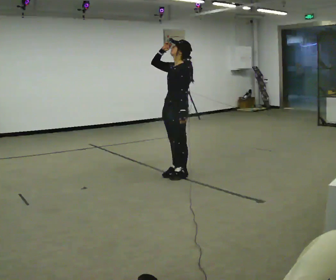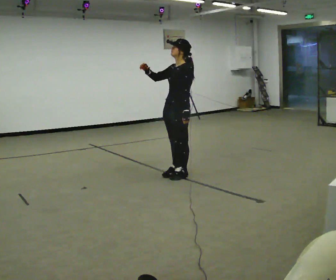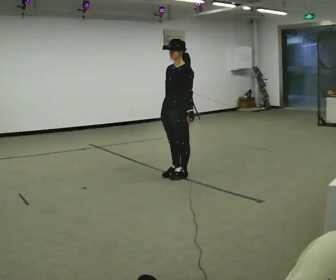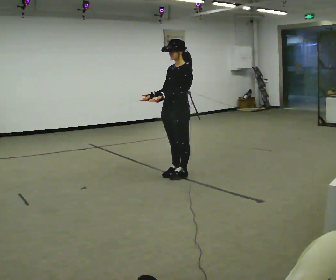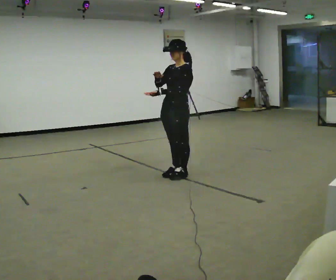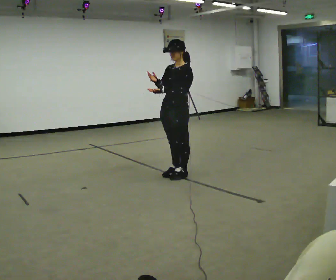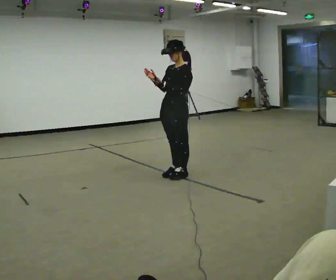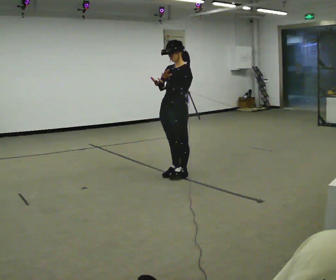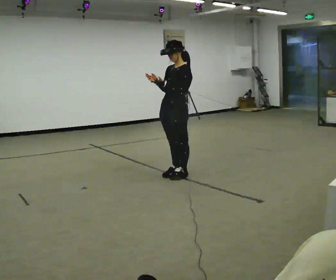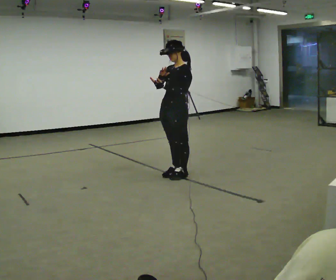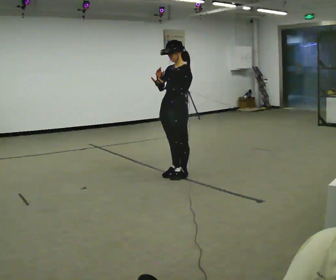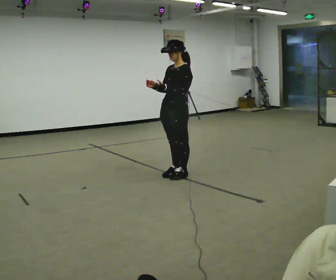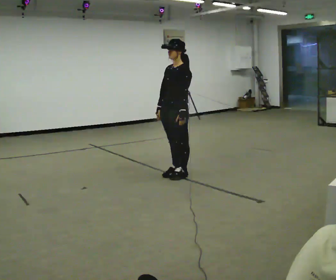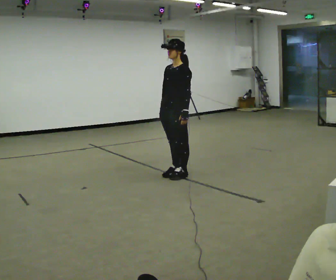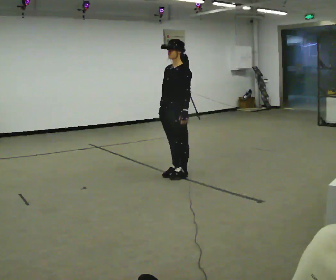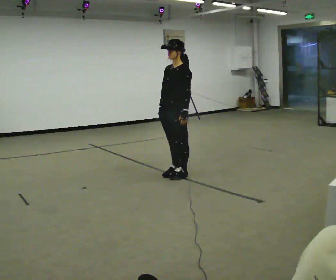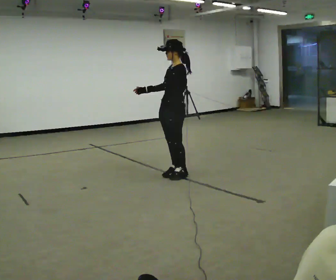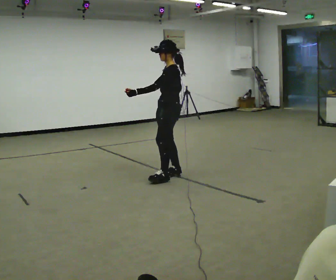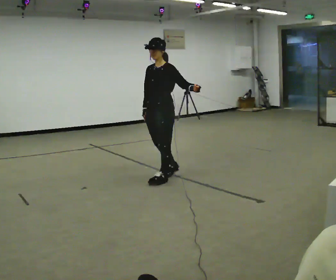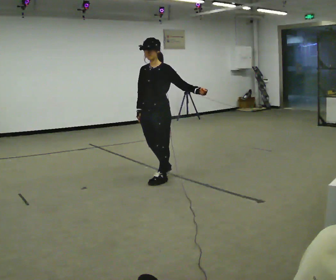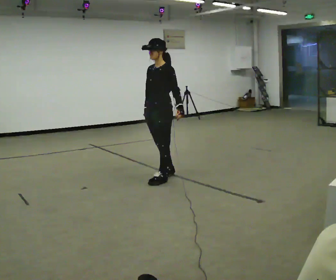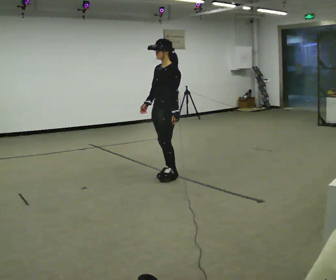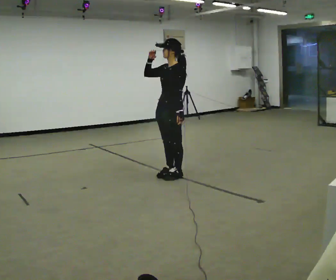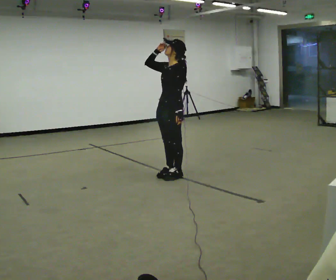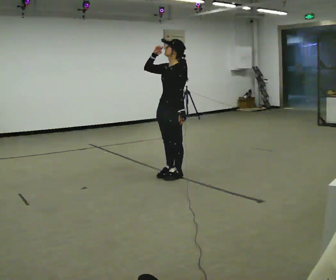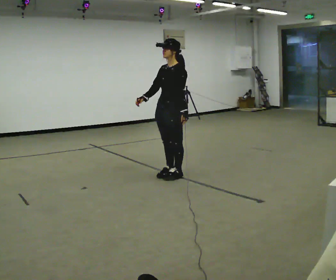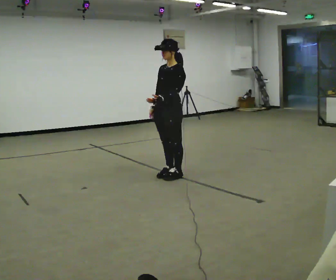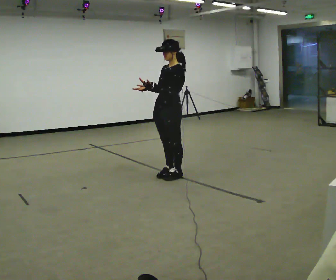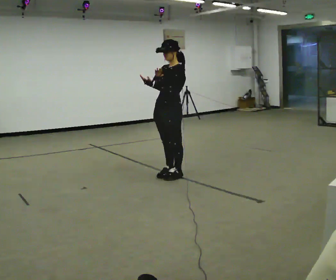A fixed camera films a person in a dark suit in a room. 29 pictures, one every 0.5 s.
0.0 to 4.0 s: In the picture their left hand goes upward.
4.0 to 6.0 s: In the picture their left hand goes downward.
6.0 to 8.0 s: In the picture their left hand goes to the left, the arm swinging clockwise.
8.0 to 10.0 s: In the picture they go to the left, about 0.25 m in 2 steps, which for them is forward. In the picture their left hand goes to the right.
10.0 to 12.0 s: In the picture their right hand goes upward.
12.0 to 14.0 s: In the picture their left hand goes to the left and upward, the arm swinging clockwise.
The film runs forward here.
